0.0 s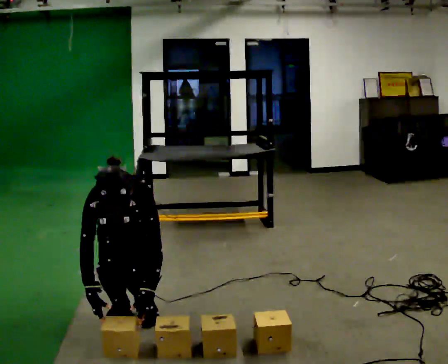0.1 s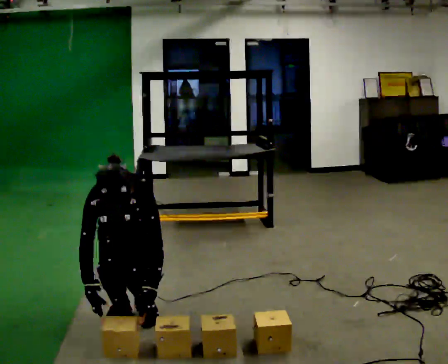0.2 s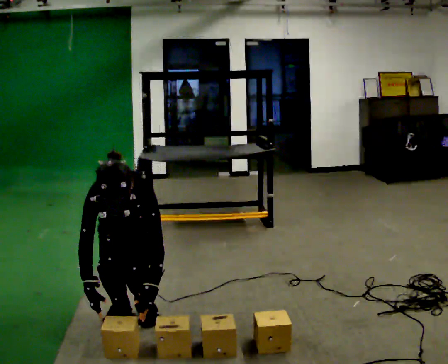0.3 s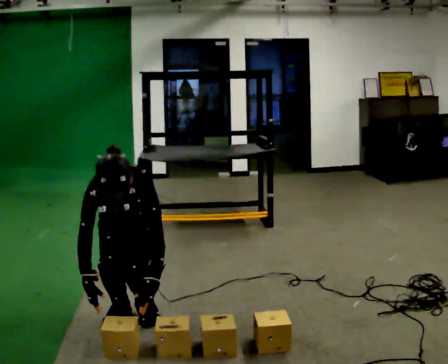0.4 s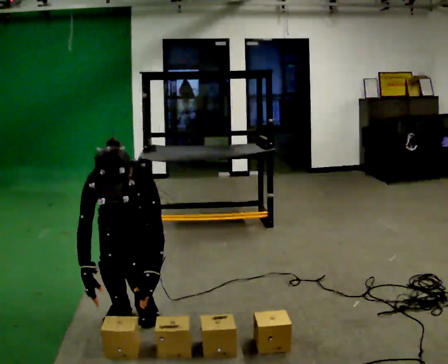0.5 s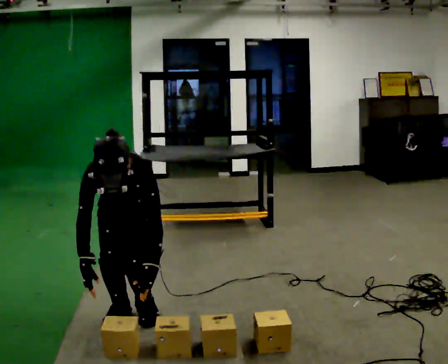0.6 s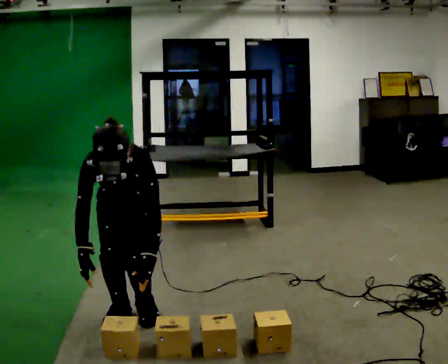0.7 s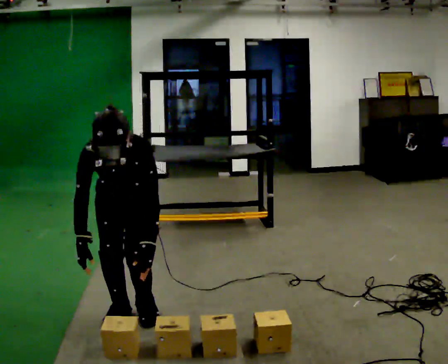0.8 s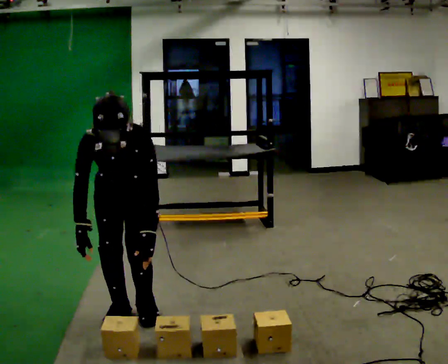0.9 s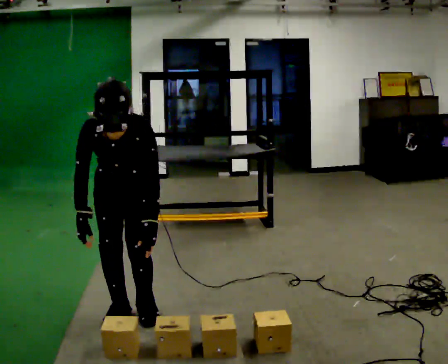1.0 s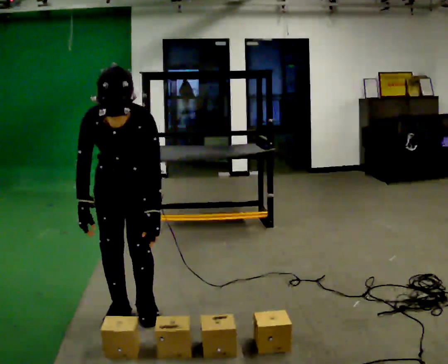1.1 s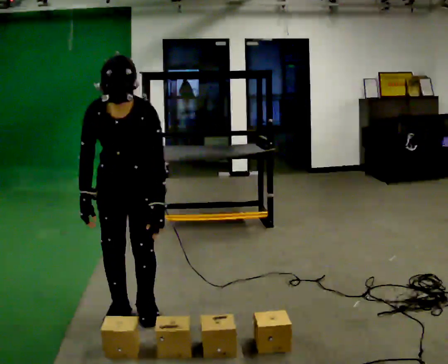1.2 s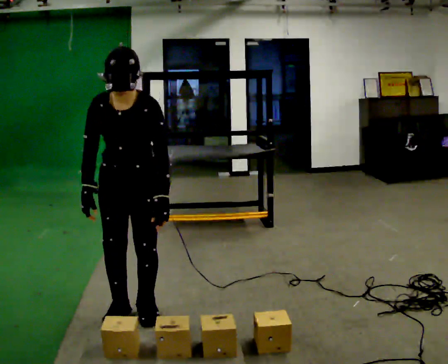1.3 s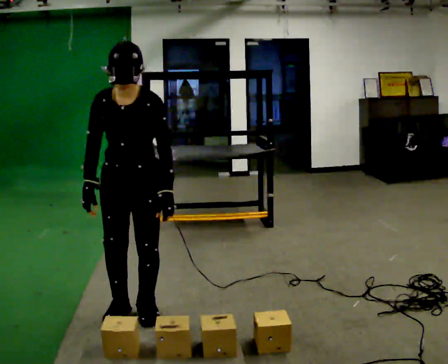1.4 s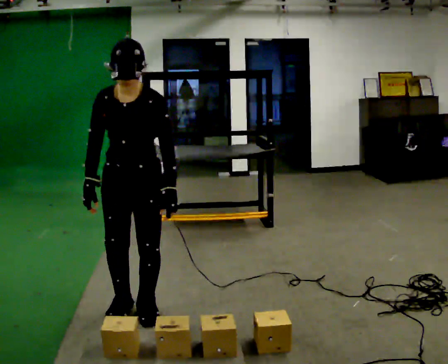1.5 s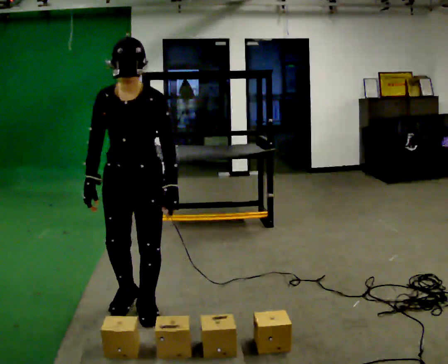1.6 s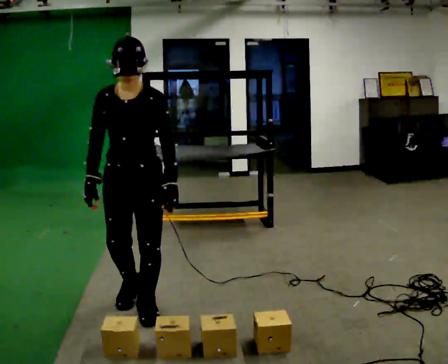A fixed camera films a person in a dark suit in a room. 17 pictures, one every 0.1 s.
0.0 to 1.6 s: The shoulders move upward. The upper body tips away from the camera, its near side rolling upward, as they lean back or straighten. In the picture their right hand goes upward.
The film runs backward here.
